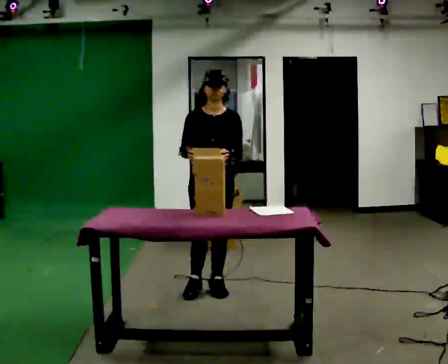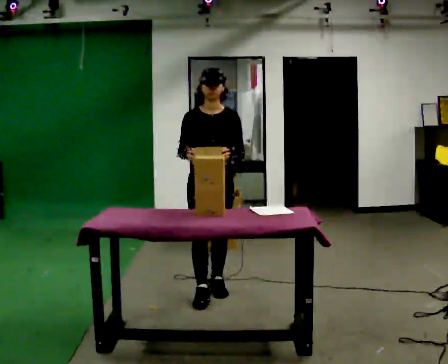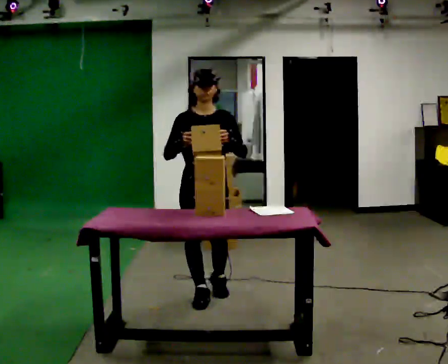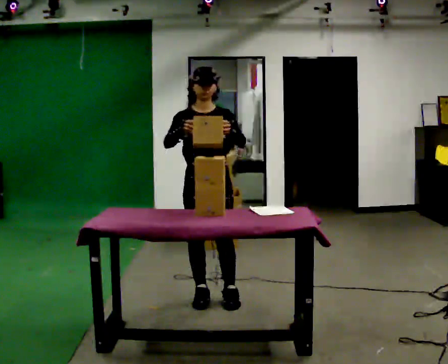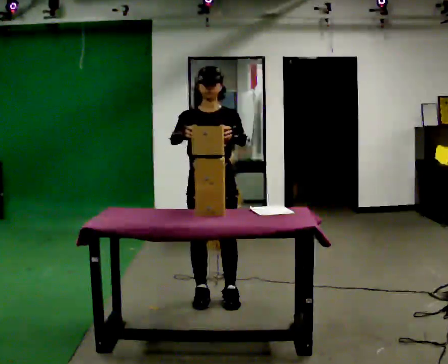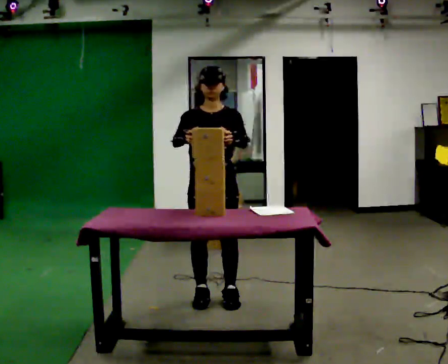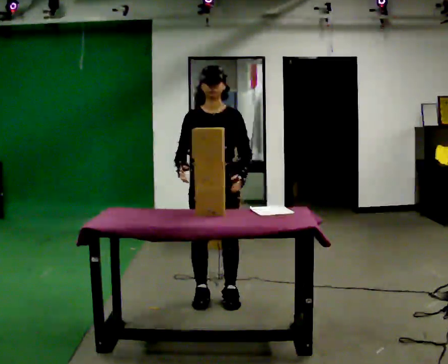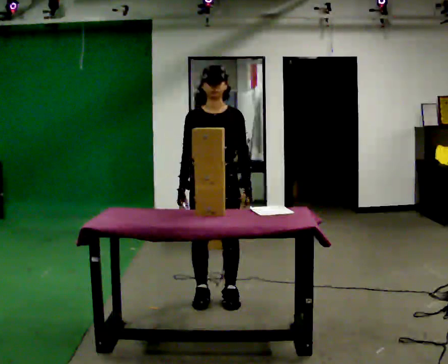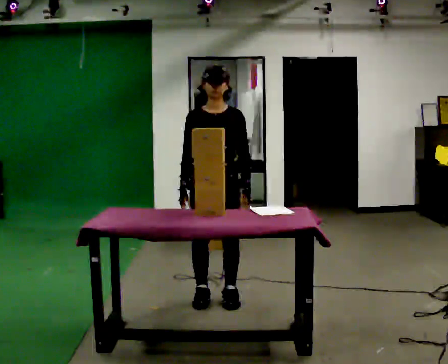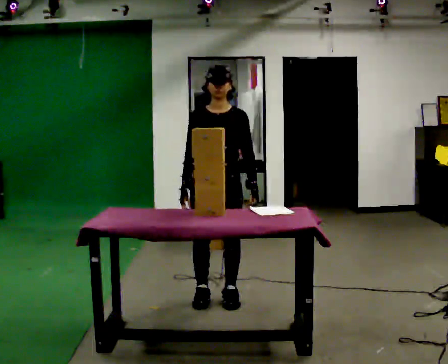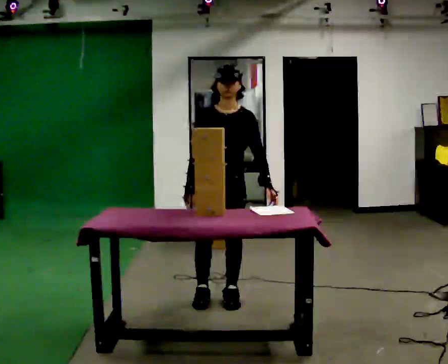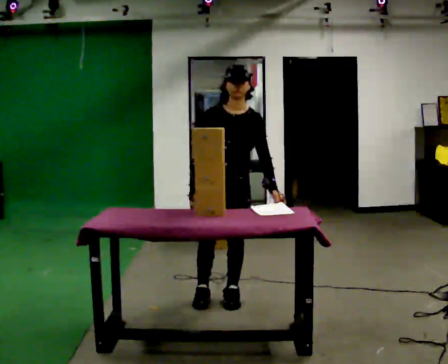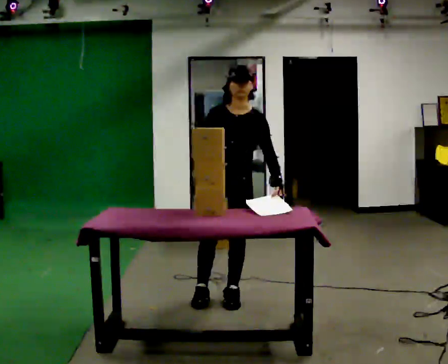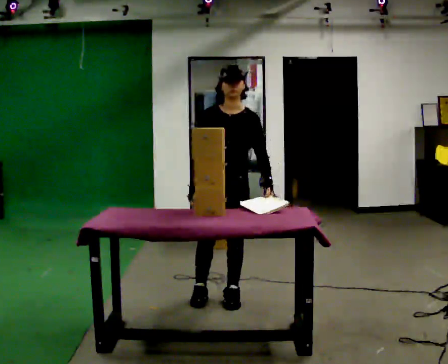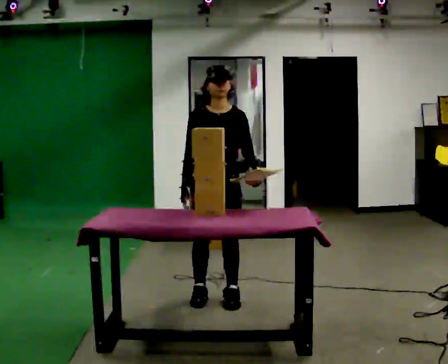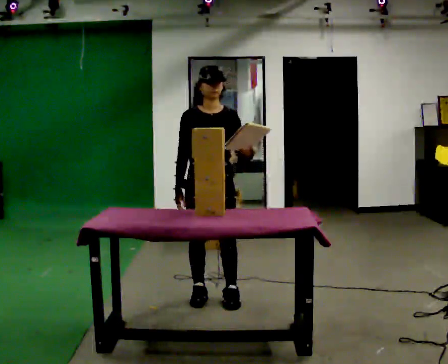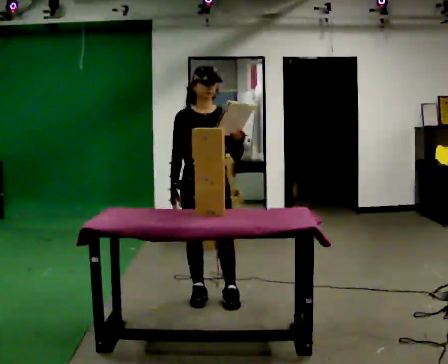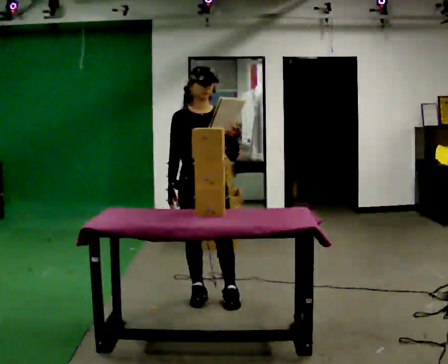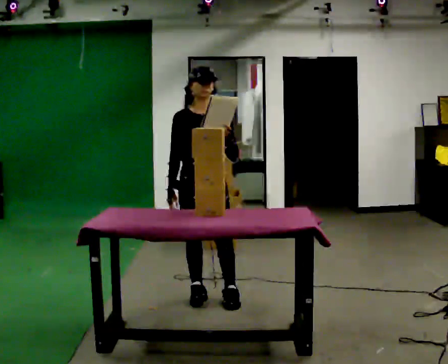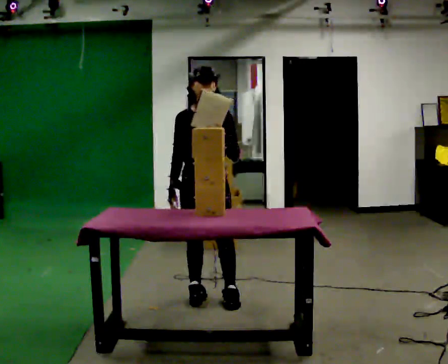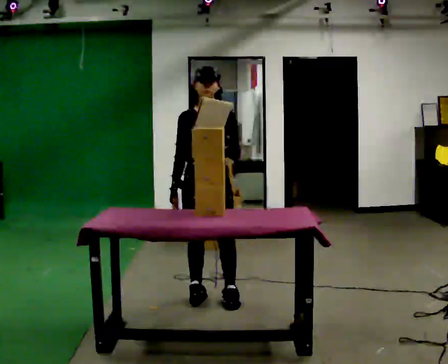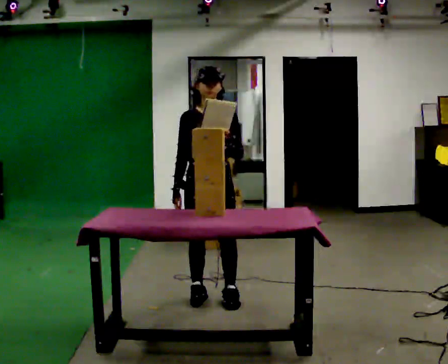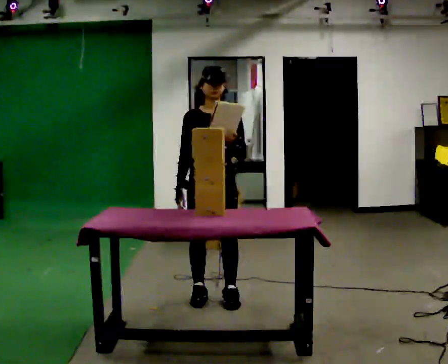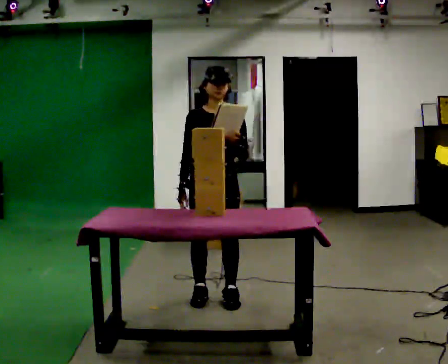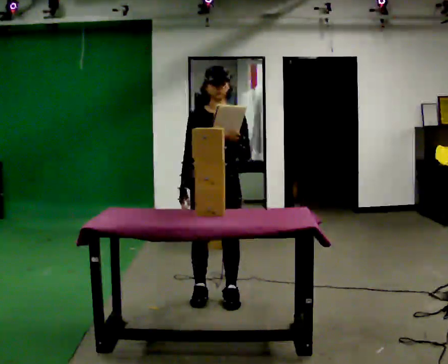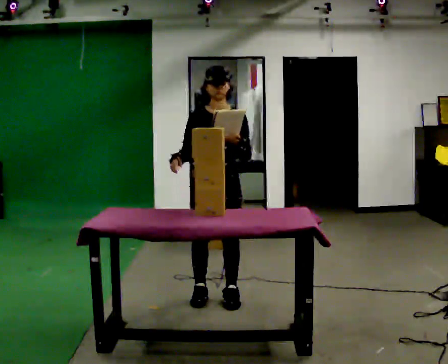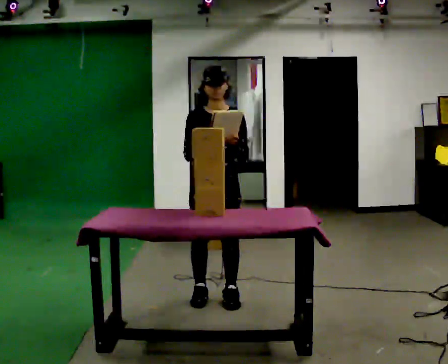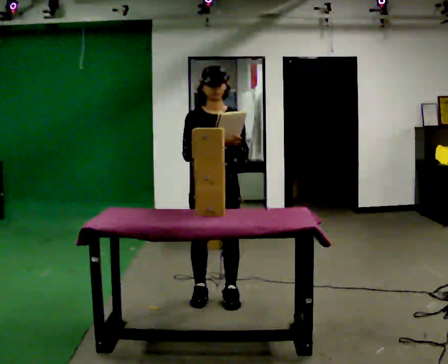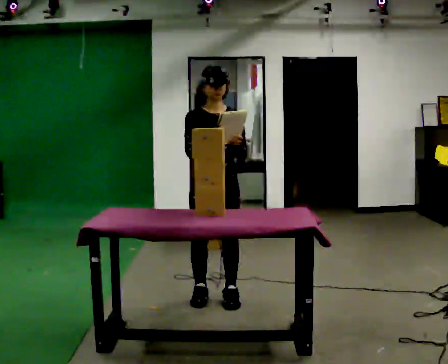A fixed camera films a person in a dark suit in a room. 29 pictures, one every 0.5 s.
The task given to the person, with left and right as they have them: 1. Read the list the operator gives you. 2. Collect the six items on the list from the shelves. 3. Put them all in the bin on the table. 4. Tell the operator when you are finished.
0.0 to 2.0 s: In the picture they go toward the camera, about 0.25 m in 2 steps, which for them is forward.
2.0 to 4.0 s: In the picture their left hand goes downward.
4.0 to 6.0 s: The person moves a little, or ends about where they began.
6.0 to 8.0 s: In the picture they go to the left, about 0.25 m, which for them is to their right.
8.0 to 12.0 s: The person moves a little, or ends about where they began.
12.0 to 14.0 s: In the picture their right hand goes upward.
The film runs forward here.
